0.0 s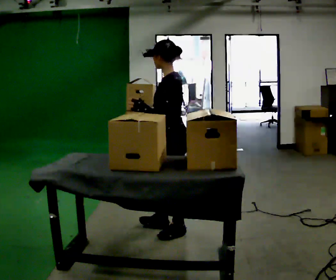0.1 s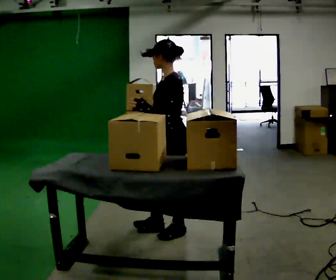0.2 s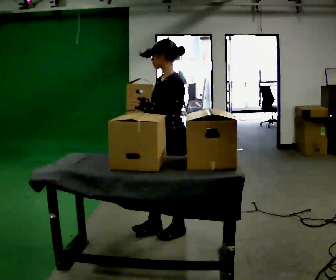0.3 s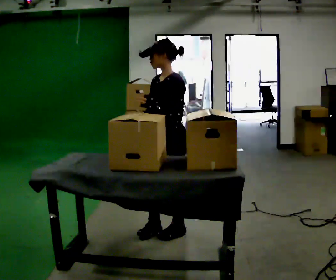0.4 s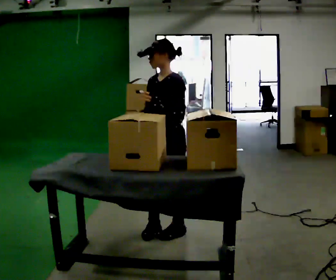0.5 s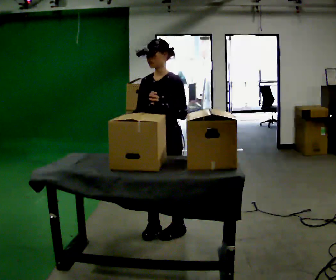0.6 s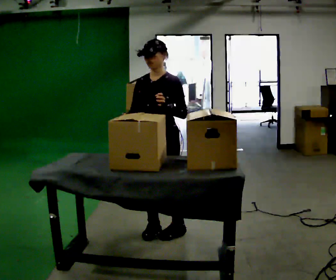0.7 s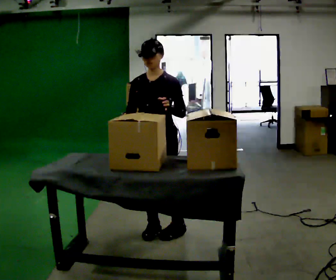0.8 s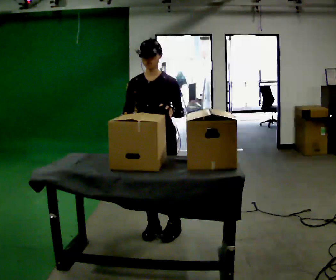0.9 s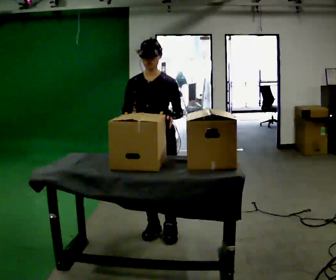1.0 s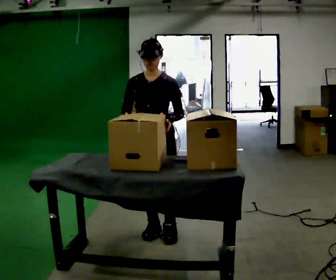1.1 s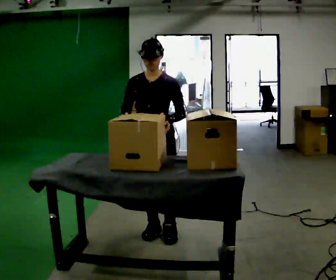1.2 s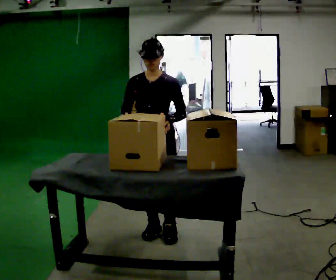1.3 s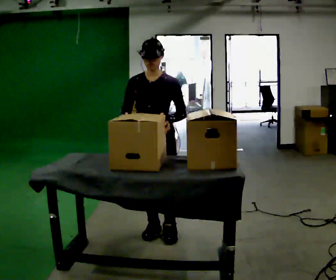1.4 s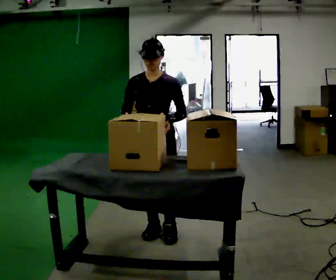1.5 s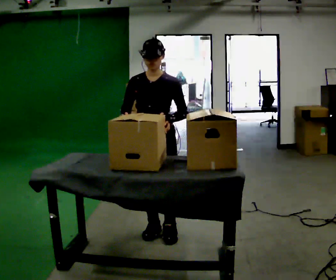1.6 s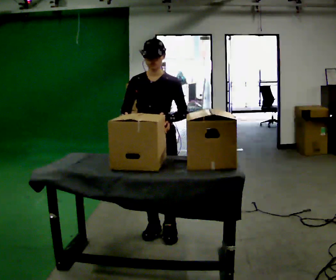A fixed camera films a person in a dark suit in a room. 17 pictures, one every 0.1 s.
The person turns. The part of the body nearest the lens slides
to the right.
The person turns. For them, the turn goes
to their left.
0.0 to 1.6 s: The part of the body nearest the lens slides to the right as the person turns to their left by about 75 degrees.
The film runs backward here.
